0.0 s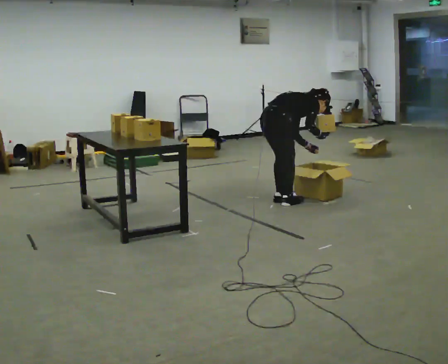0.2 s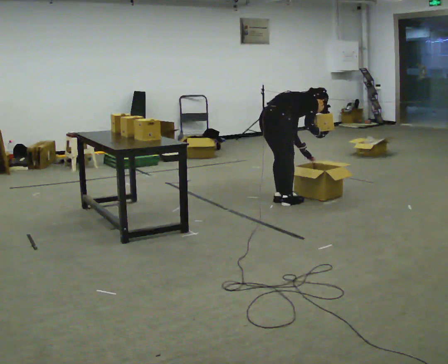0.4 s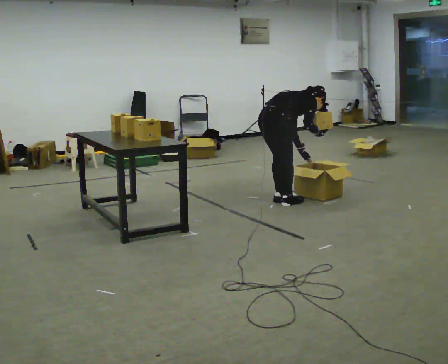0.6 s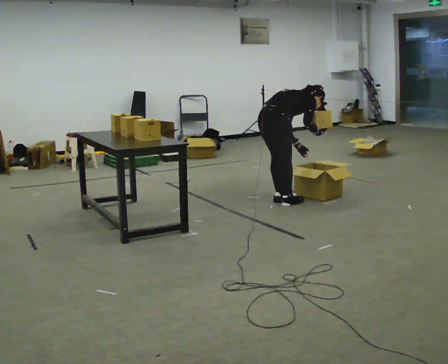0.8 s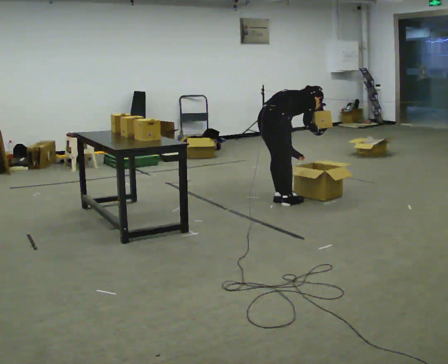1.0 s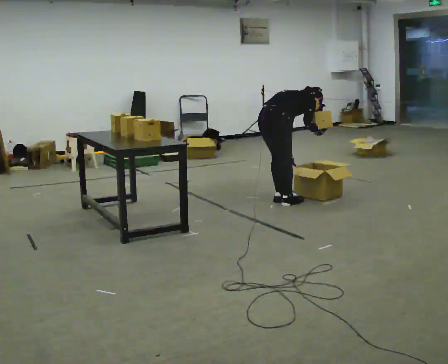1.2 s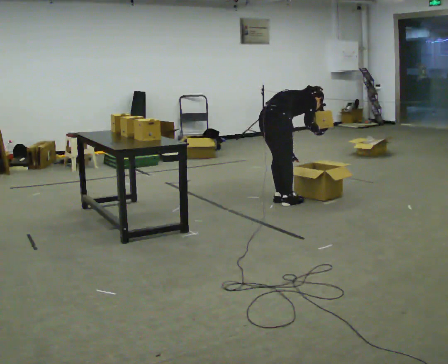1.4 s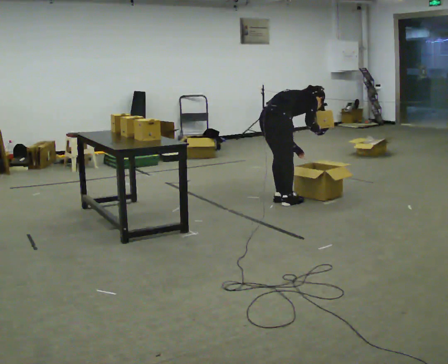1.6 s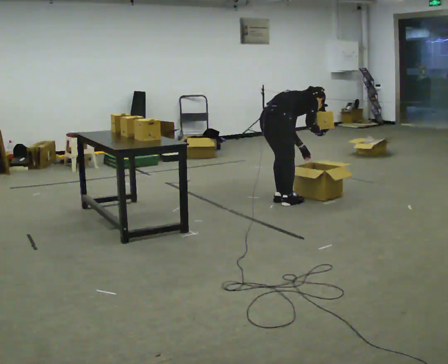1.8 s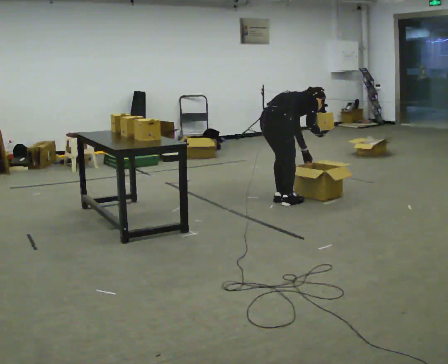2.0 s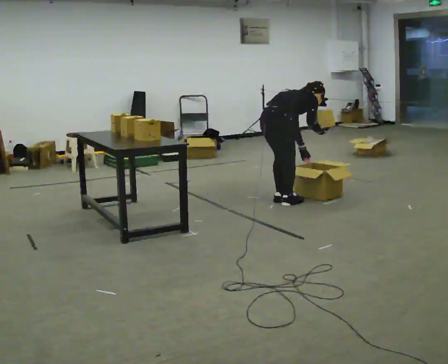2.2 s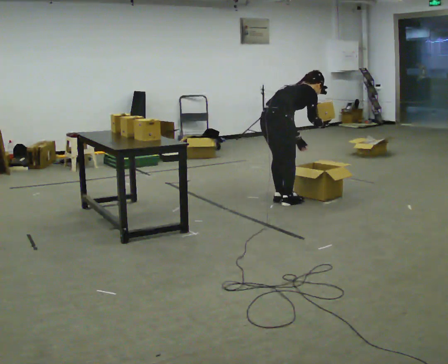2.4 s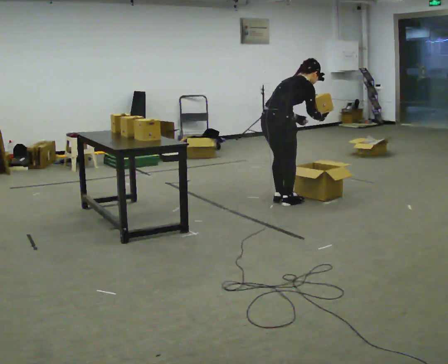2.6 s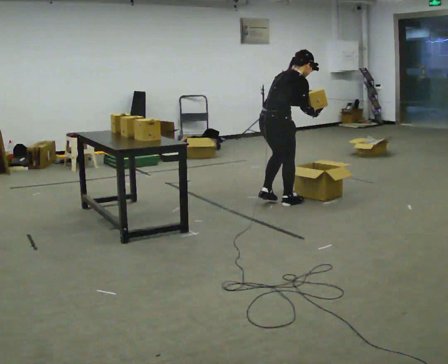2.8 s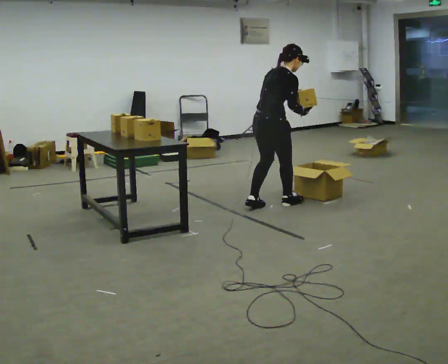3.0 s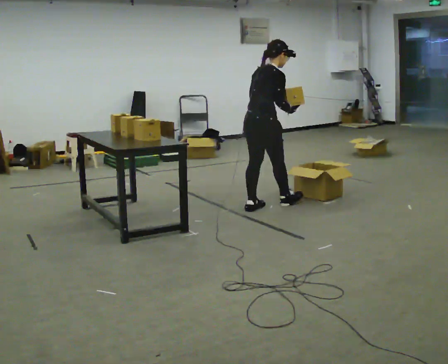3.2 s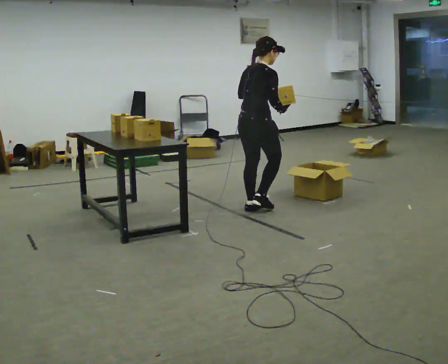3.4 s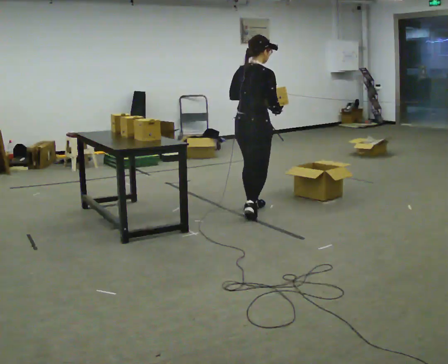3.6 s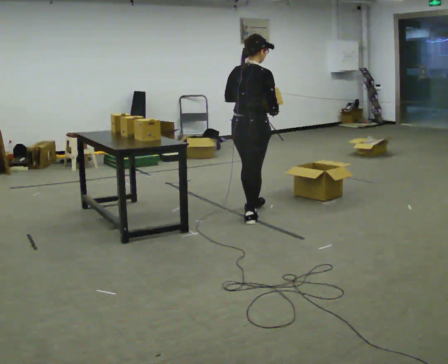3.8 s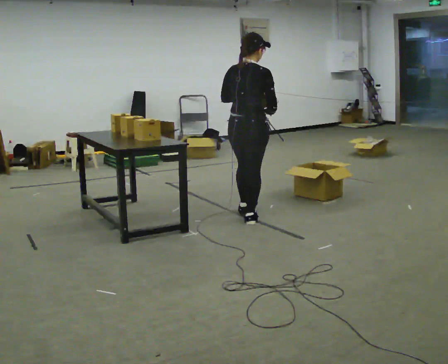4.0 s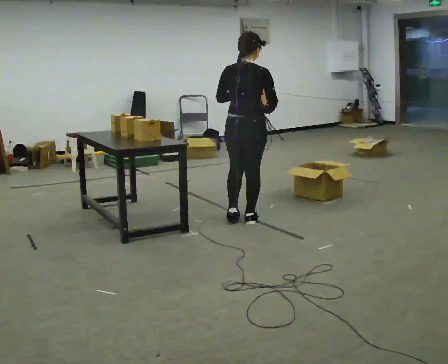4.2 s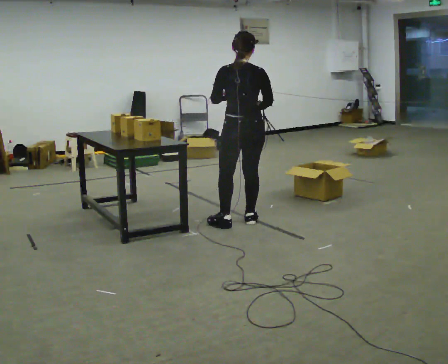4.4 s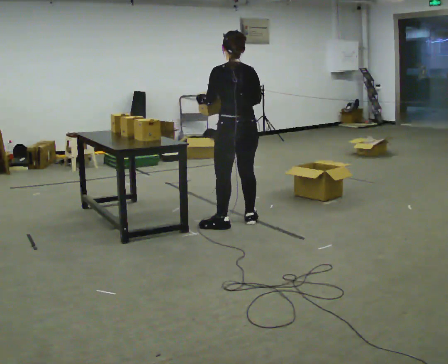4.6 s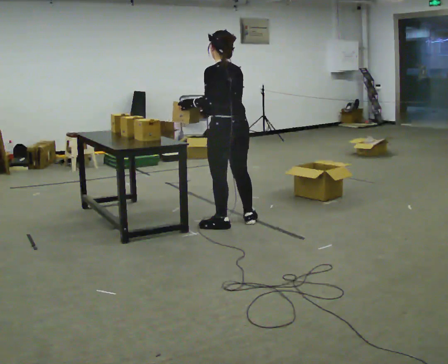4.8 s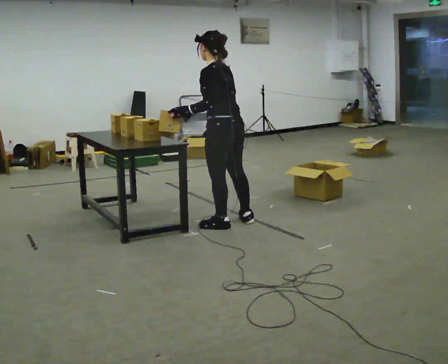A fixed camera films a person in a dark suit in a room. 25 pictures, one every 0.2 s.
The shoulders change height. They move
upward.
The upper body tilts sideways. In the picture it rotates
counterclockwise.
0.0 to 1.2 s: The person moves a little, or ends about where they began.
1.2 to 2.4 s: The upper body tips toward the camera, its near side rolling downward, as they lean back or straighten.
2.4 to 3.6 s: In the picture they go toward the camera and to the left, about 0.5 m in 2 steps, which for them is backward. In the picture the upper body tilts counterclockwise, shoulders to the left, as they lean back or straighten.
3.6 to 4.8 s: The person turns about 90 degrees to their left, counterclockwise seen from above, so the part of the body nearest the lens slides to the right. In the picture they go toward the camera and to the left, about 0.25 m in 1 step.
The film runs backward here.
